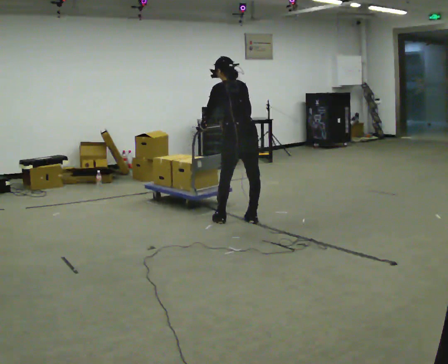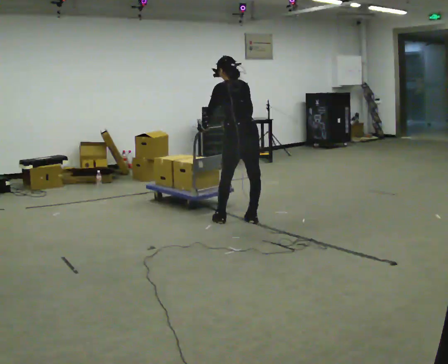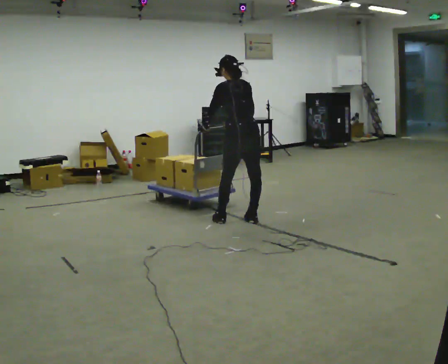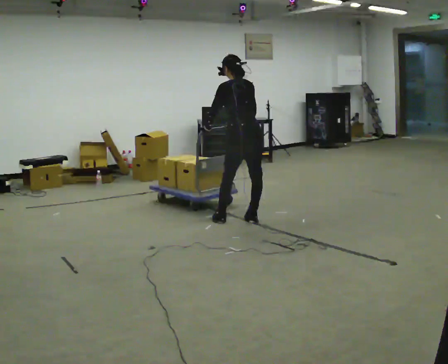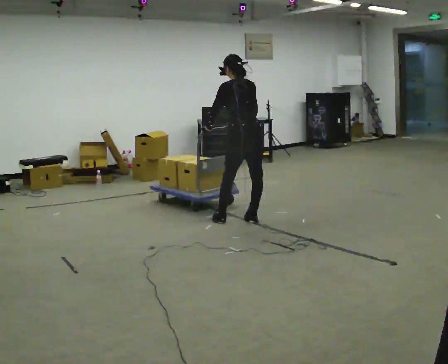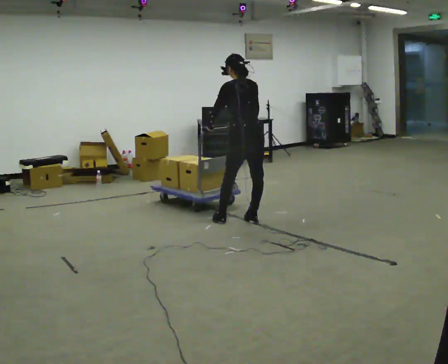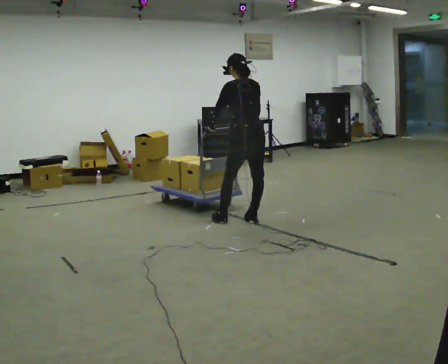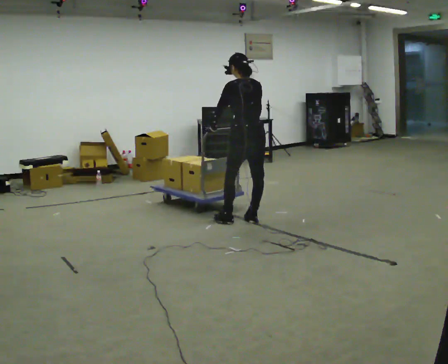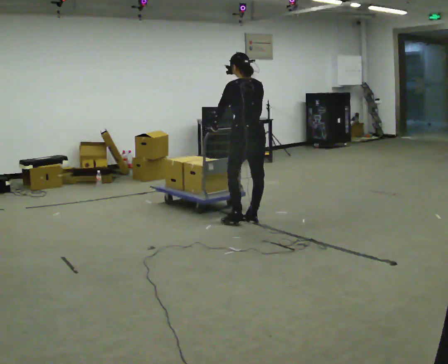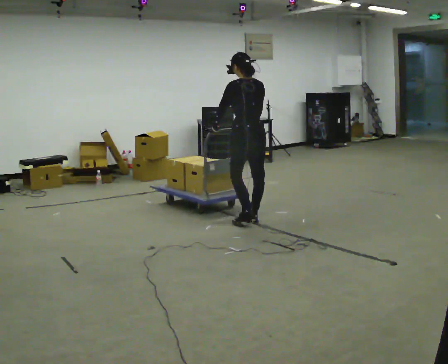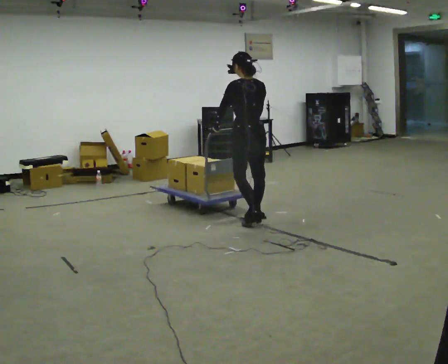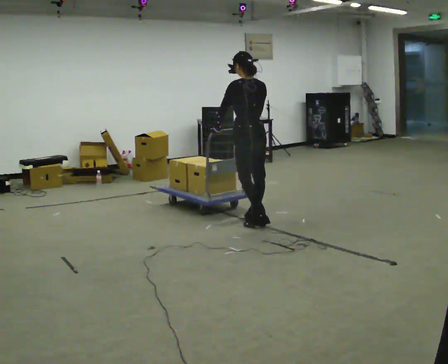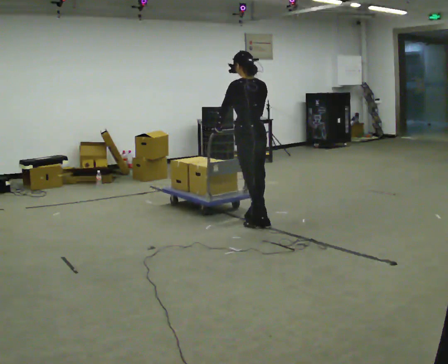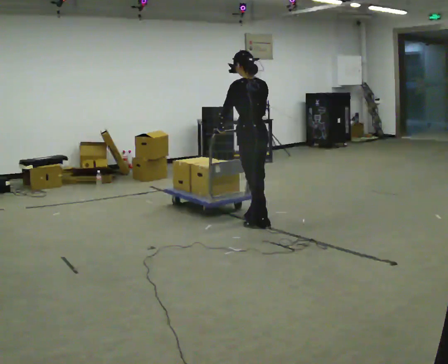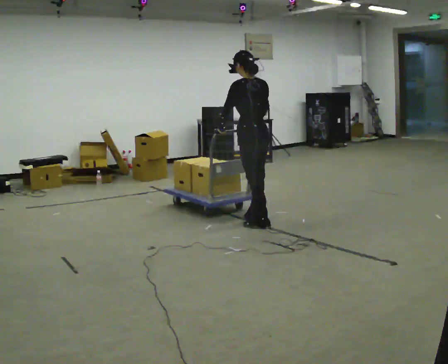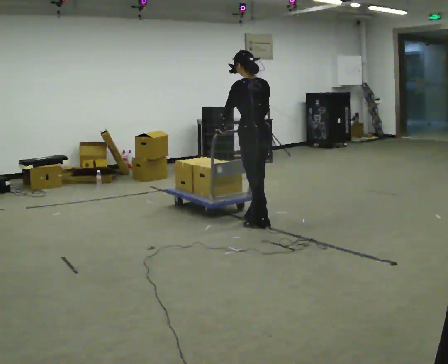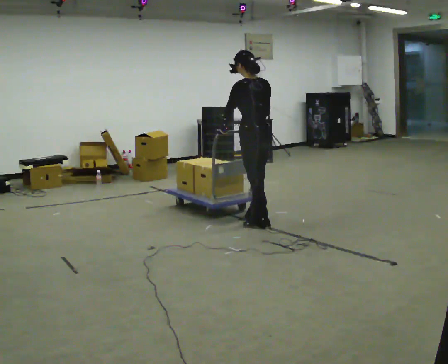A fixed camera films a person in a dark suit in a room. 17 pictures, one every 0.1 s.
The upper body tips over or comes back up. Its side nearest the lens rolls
downward.
0.0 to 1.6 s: In the picture they go toward the camera, about 0.25 m in 1 step, which for them is backward. The upper body tips toward the camera, its near side rolling downward, as they lean back or straighten.
The film runs forward here.
